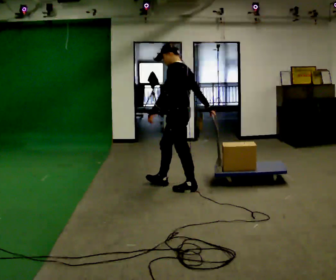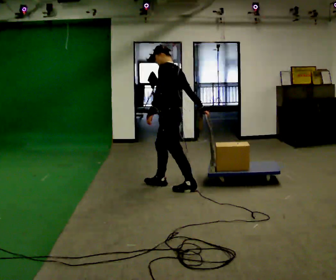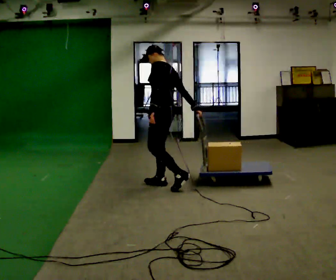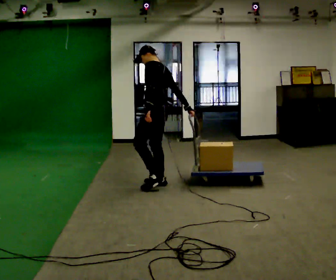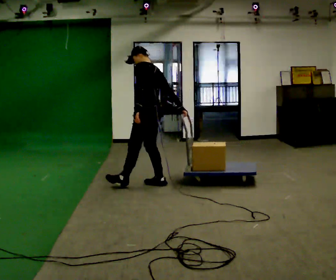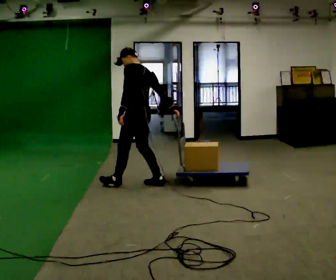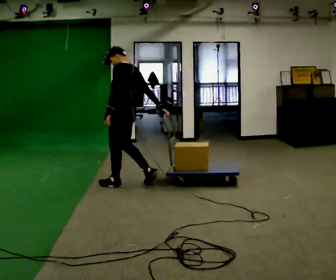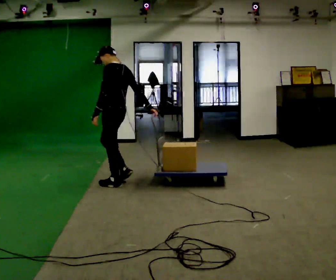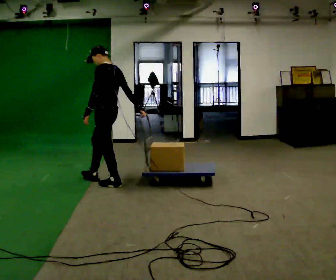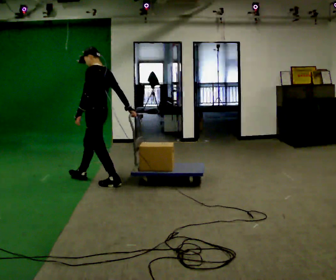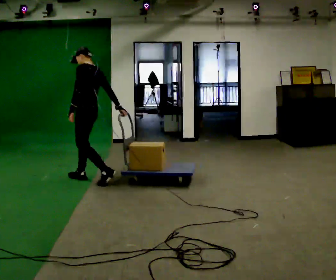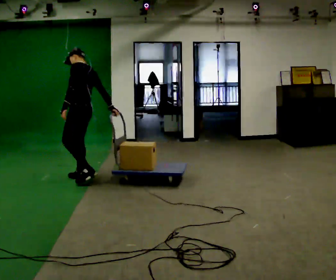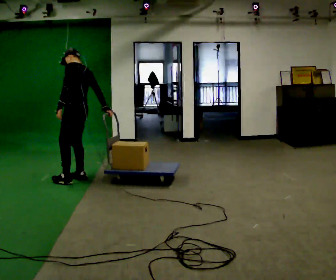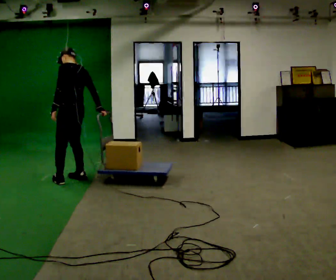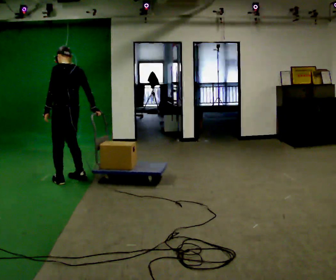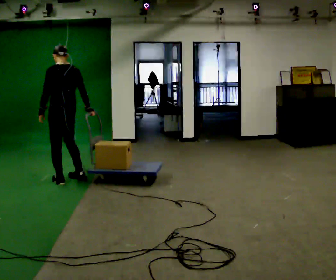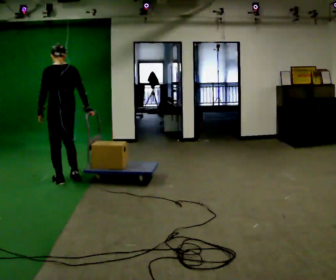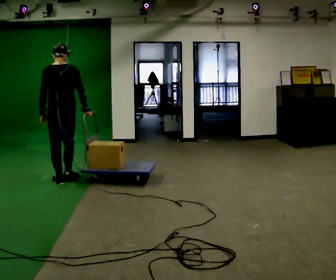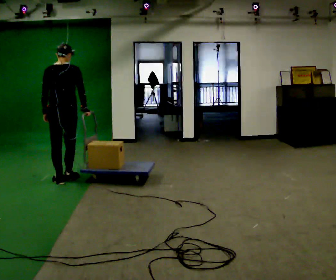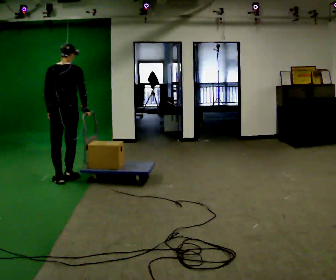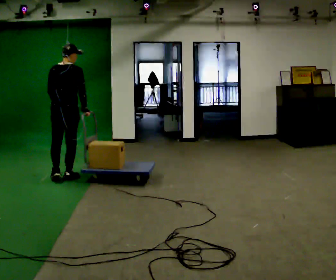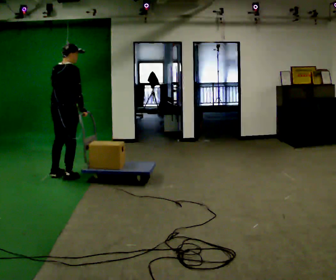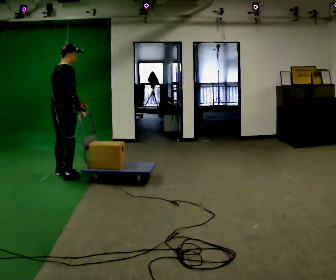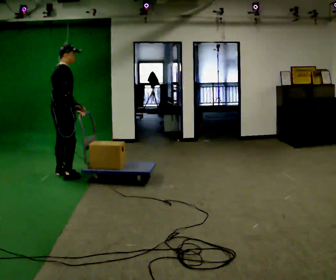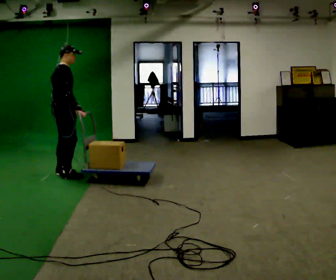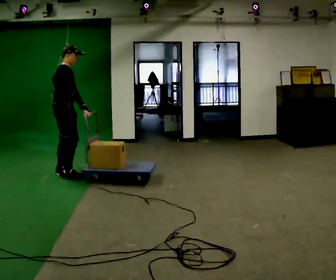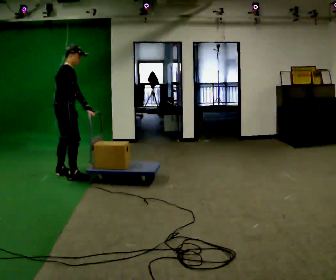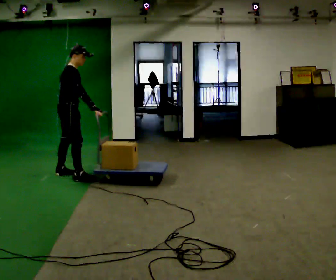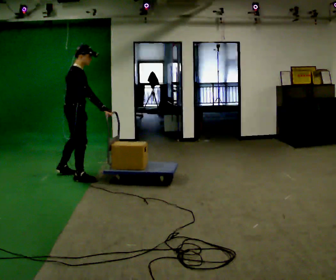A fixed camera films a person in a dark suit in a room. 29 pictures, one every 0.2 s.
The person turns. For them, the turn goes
to their right.
The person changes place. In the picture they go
to the left.
0.0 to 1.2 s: In the picture they go to the left and away from the camera, about 0.75 m in 2 steps, which for them is forward.
1.2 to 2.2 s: In the picture they go to the left and away from the camera, about 0.5 m in 1 step, which for them is forward.
2.2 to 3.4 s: Seen from above the body turns clockwise, about 45 degrees: to their right, with its near side sliding to the left. In the picture they go to the left, about 0.25 m in 2 steps, which for them is to their left and forward.
3.4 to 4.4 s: The person turns about 75 degrees to their right, clockwise seen from above, so the part of the body nearest the lens slides to the left. In the picture they go away from the camera, about 0.25 m in 1 step. In the picture their left hand goes to the right, the arm swinging counterclockwise.
4.4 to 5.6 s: Seen from above the body turns clockwise, about 30 degrees: to their right, with its near side sliding to the left. In the picture they go to the right, about 0.25 m in 1 step, which for them is forward.
The film runs forward here.
